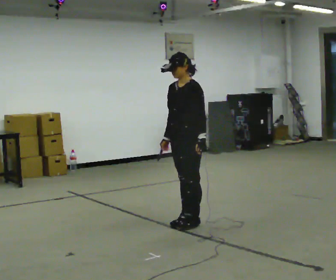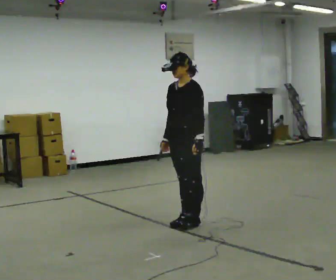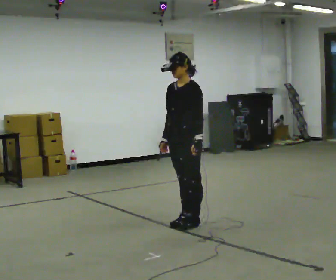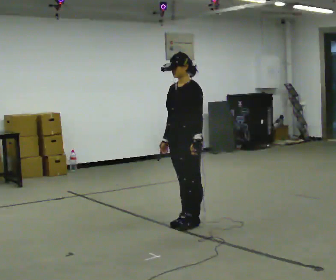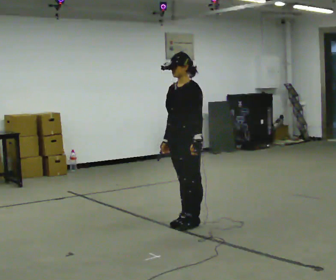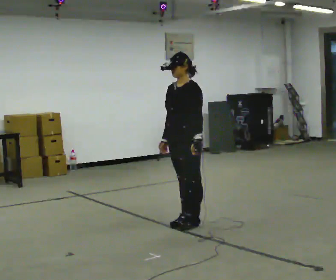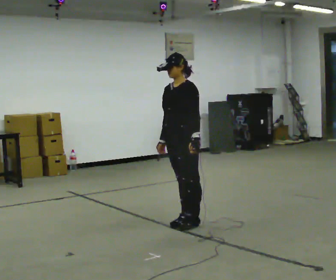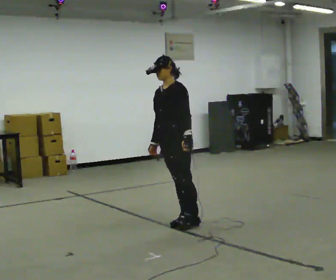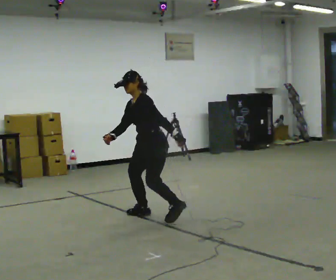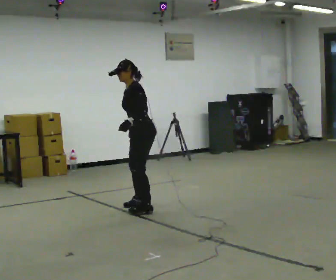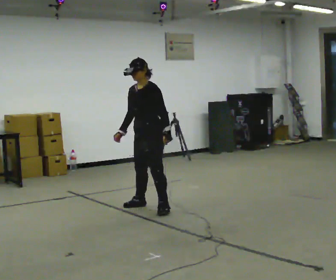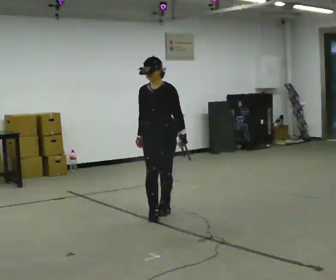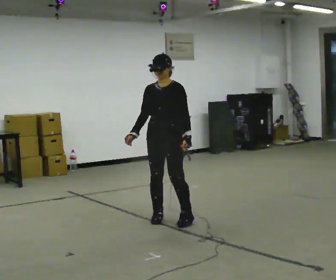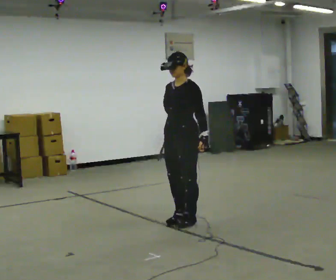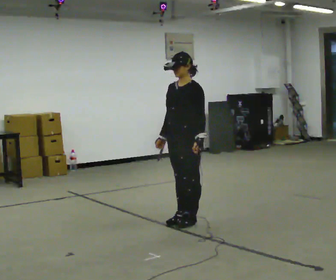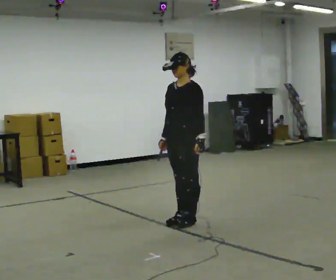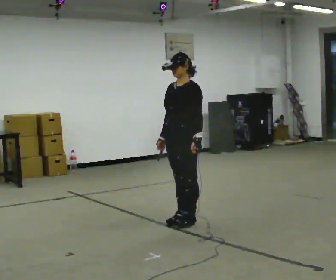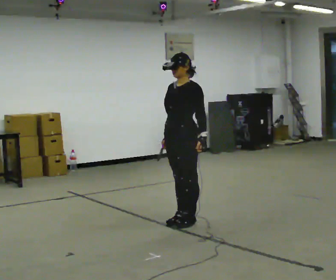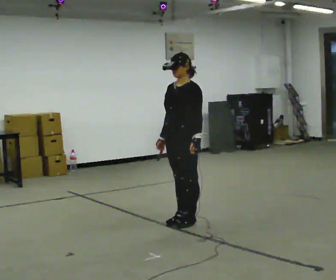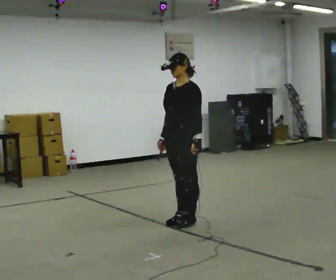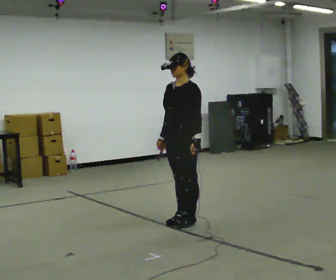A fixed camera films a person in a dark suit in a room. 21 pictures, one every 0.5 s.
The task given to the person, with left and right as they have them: Stand on the marked spots. Lean to the side the operator calls until you cannot hold it, then step to catch yourself. Return to the spots. Repeat at your own pace until the operator says stop. Go slowly and only as far as you are comfortable. Step whenever you need to; do not try to hold on longer than feels safe.
0.0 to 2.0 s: The person moves a little, or ends about where they began.
2.0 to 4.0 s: Seen from above the body turns clockwise, about 45 degrees: to their right, with its near side sliding to the left. In the picture they go away from the camera and to the left, about 0.5 m in 1 step, which for them is to their right. In the picture the upper body tilts counterclockwise, shoulders to the left, as they bend forward.
4.0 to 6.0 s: The part of the body nearest the lens slides to the right as the person turns to their left by about 75 degrees. In the picture they go to the right, about 0.25 m in 3 steps. In the picture the upper body tilts clockwise, shoulders to the right, as they lean back or straighten.
6.0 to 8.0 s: The person turns about 30 degrees to their right, clockwise seen from above, so the part of the body nearest the lens slides to the left. In the picture they go to the right, about 0.25 m in 2 steps, which for them is to their left.
8.0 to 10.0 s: The person moves a little, or ends about where they began.
The film runs forward here.
